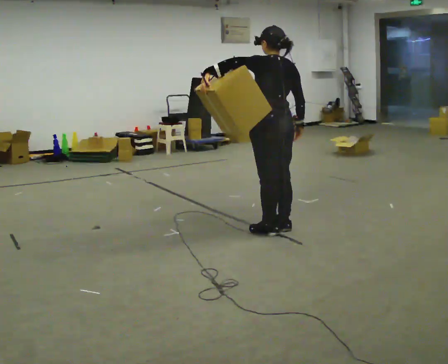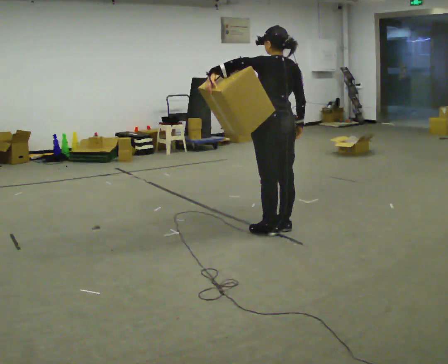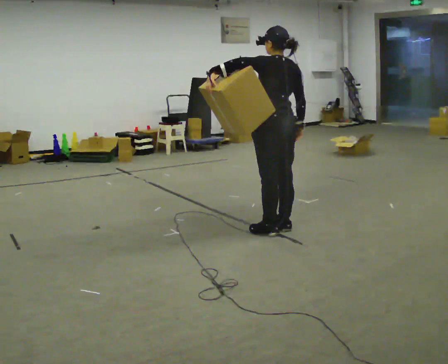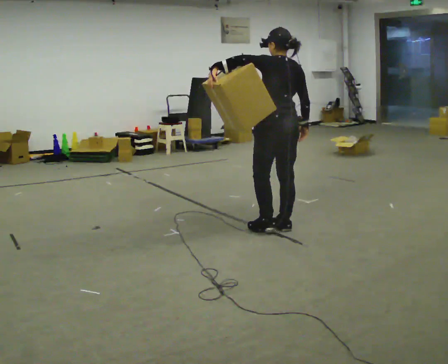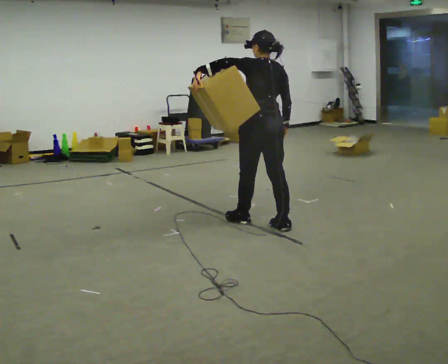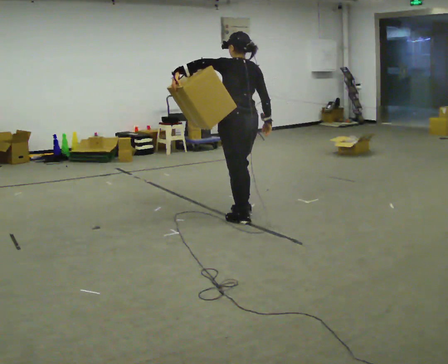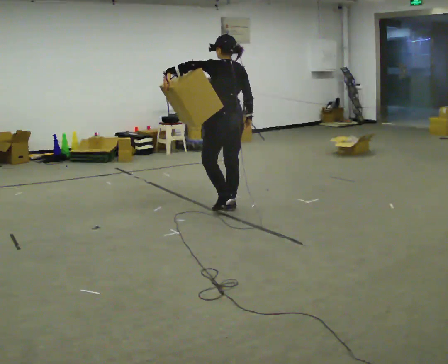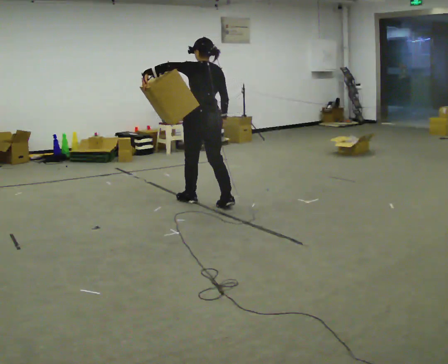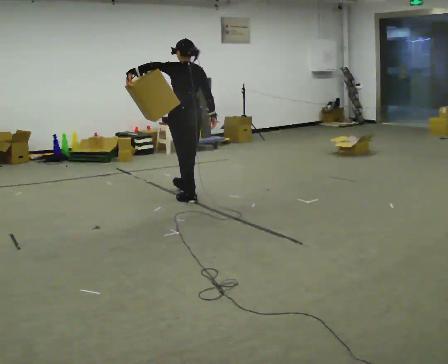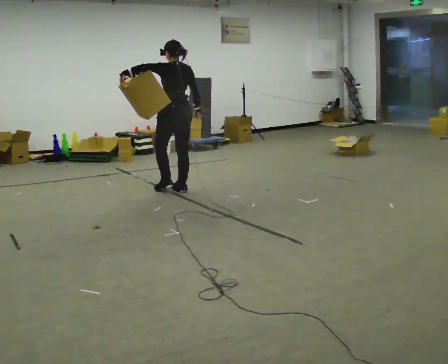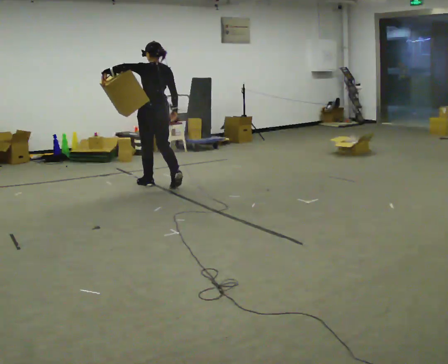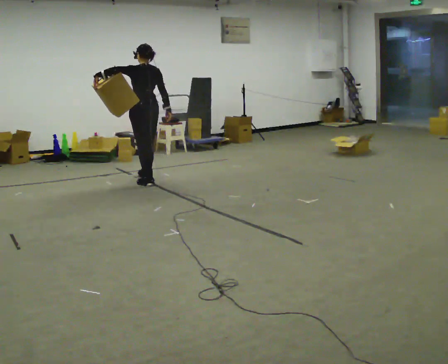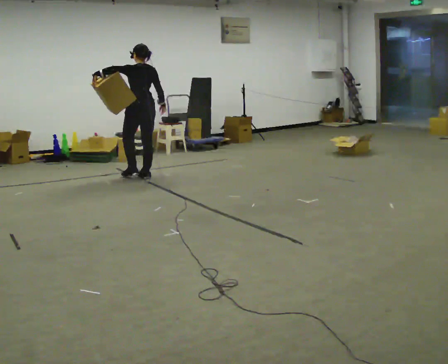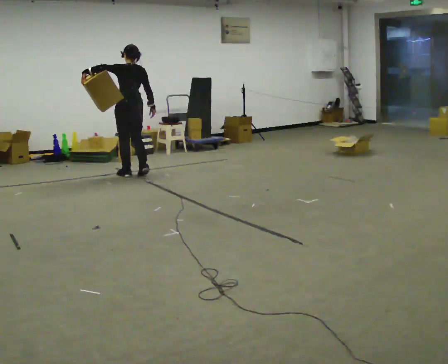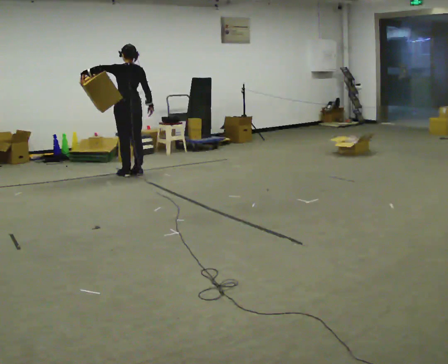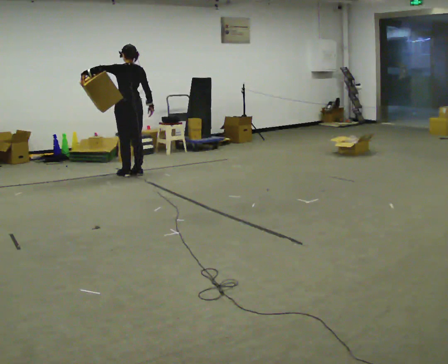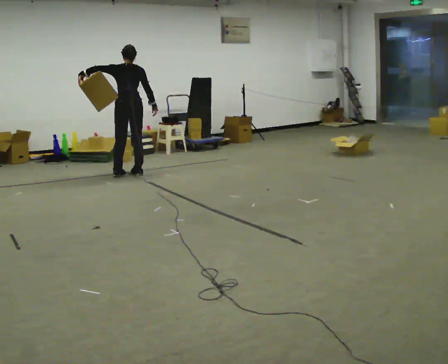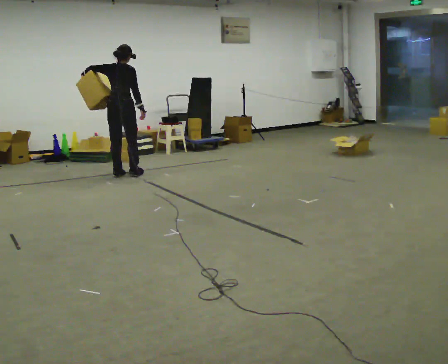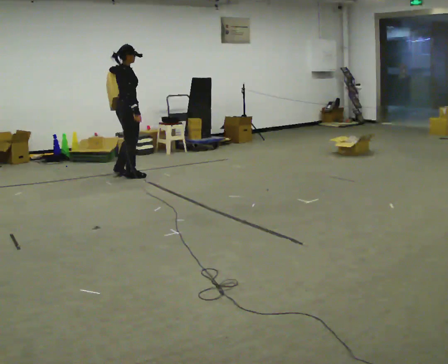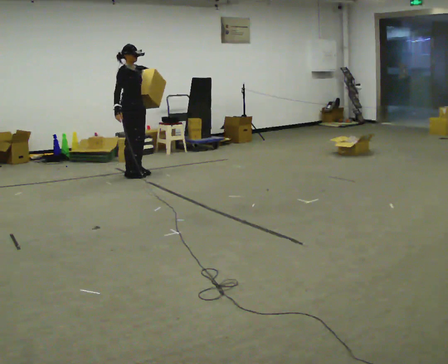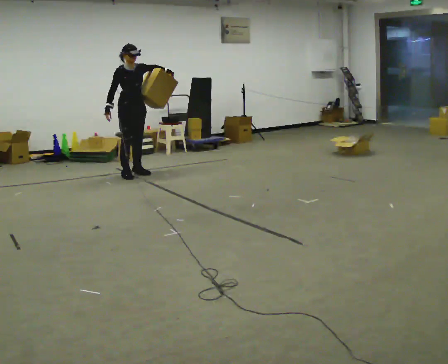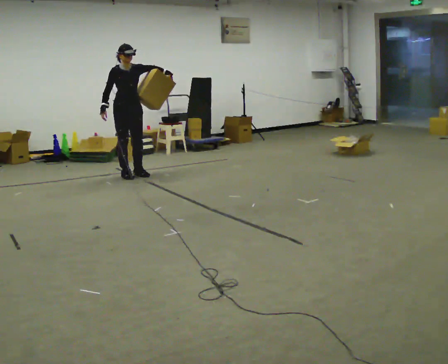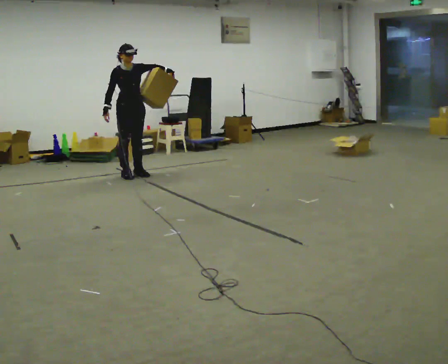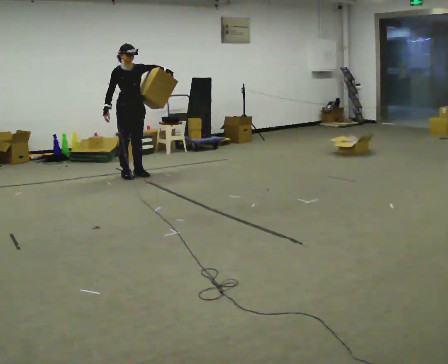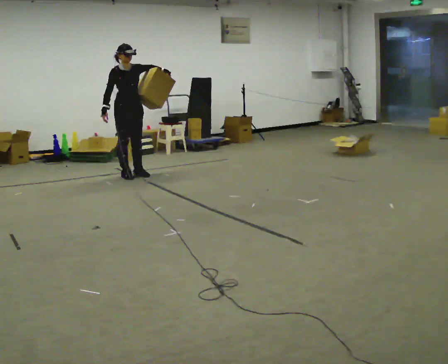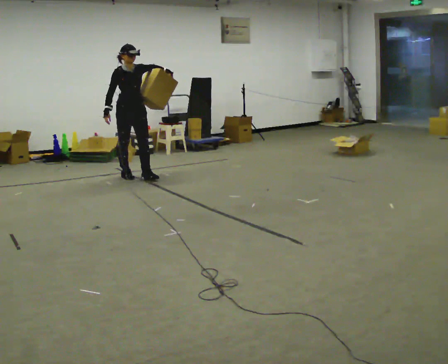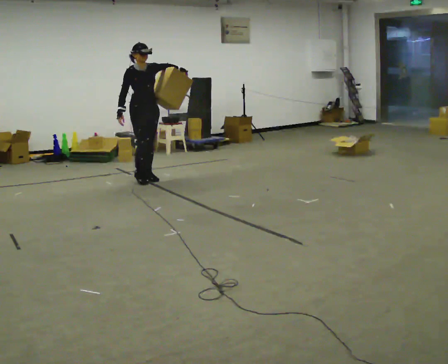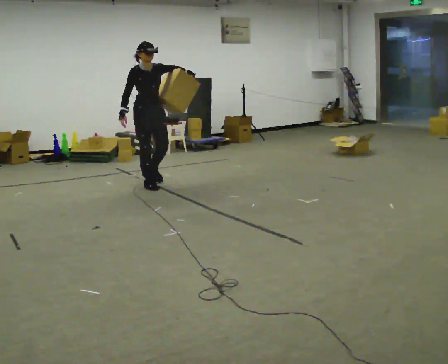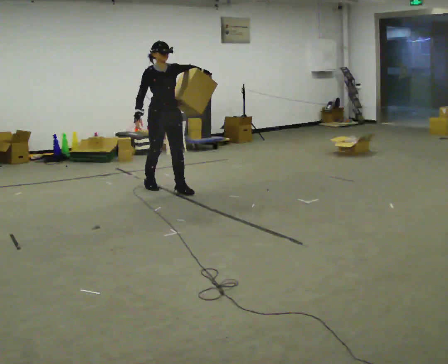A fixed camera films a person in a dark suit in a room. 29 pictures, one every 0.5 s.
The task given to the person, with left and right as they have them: Hold the object against your hip on the side the operator calls, and carry it back and forth across the room.
0.0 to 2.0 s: In the picture they go away from the camera, about 0.25 m in 1 step, which for them is forward.
2.0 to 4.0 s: In the picture they go away from the camera and to the left, about 1 m in 2 steps, which for them is forward.
4.0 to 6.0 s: In the picture they go away from the camera and to the left, about 1 m in 3 steps, which for them is forward.
6.0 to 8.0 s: The person turns about 30 degrees to their right, clockwise seen from above, so the part of the body nearest the lens slides to the left. In the picture they go to the left and away from the camera, about 0.25 m in 3 steps, which for them is forward.
8.0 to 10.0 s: The part of the body nearest the lens slides to the left as the person turns to their right by about 150 degrees. In the picture their left hand goes to the right.
10.0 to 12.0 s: The person moves a little, or ends about where they began.
12.0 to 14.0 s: In the picture they go toward the camera and to the right, about 1 m in 3 steps, which for them is forward.
The film runs forward here.
